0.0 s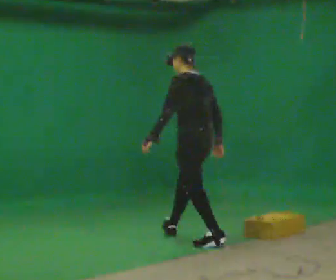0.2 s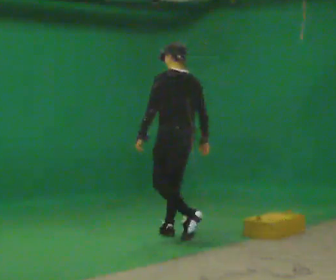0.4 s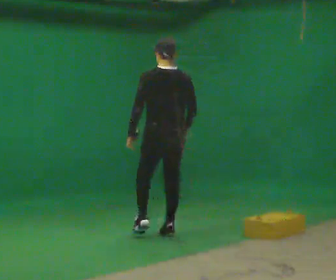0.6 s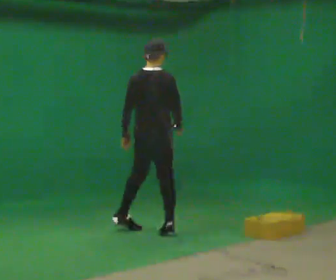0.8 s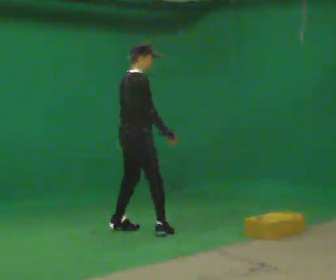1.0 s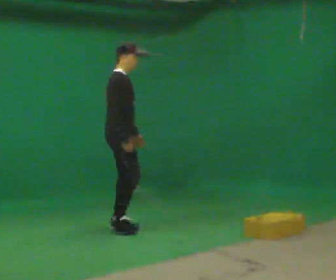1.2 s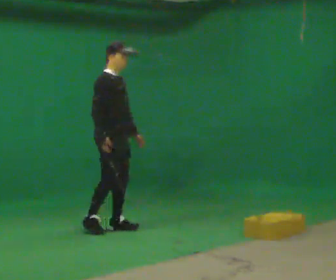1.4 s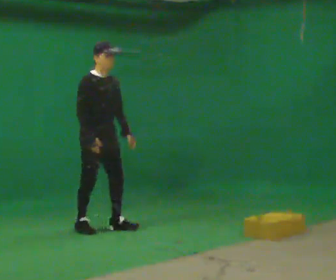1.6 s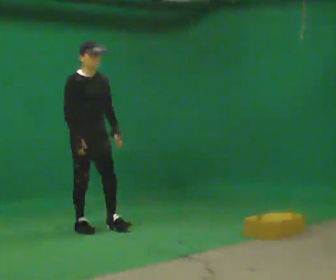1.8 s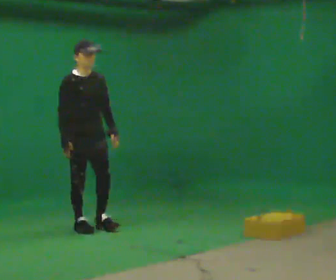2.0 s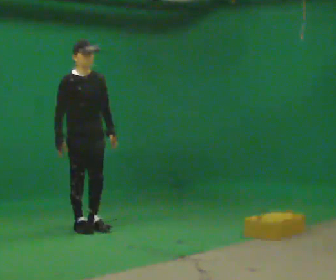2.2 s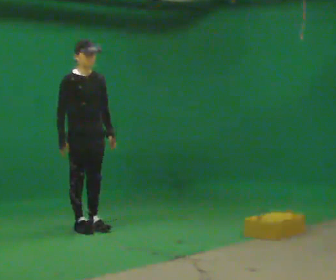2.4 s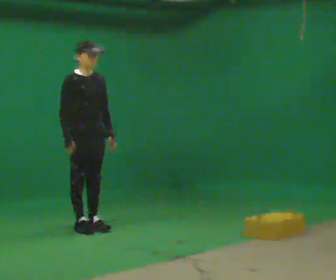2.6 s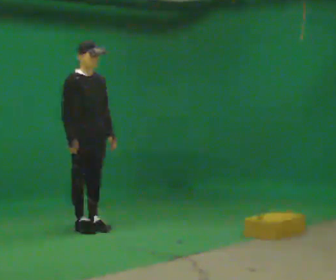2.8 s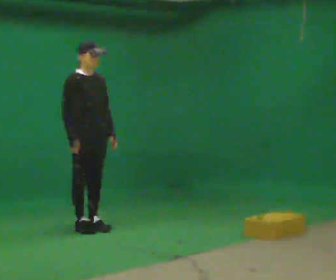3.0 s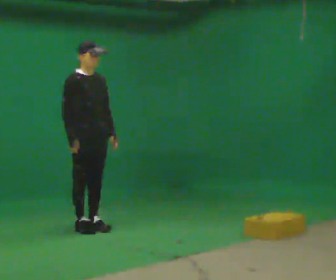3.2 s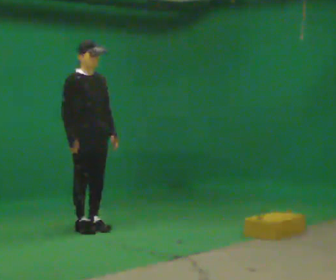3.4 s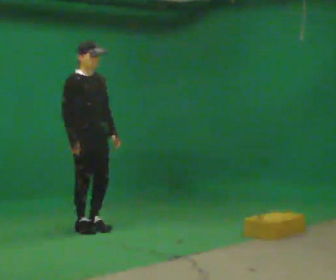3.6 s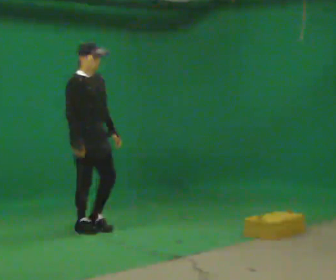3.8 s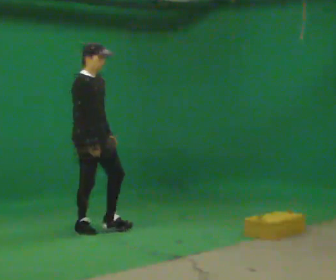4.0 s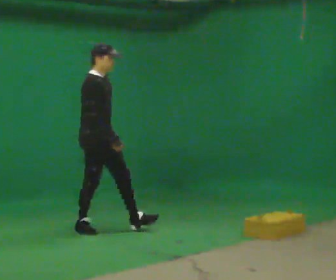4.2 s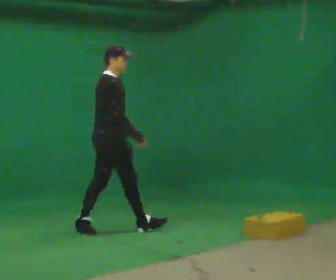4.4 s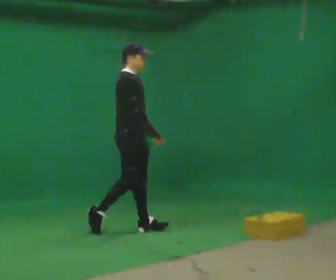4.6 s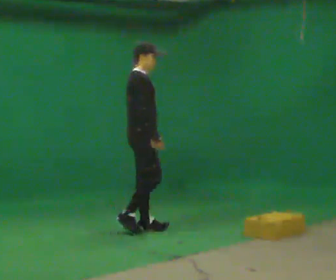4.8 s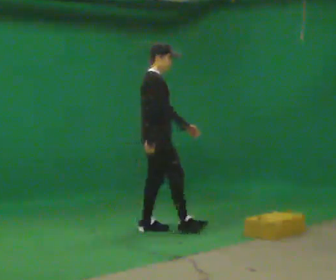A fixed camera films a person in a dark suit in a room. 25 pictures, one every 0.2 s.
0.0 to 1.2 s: The part of the body nearest the lens slides to the left as the person turns to their right by about 165 degrees. In the picture they go to the left and away from the camera, about 1 m in 2 steps. The upper body tips toward the camera, its near side rolling downward.
1.2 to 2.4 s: In the picture they go to the left, about 0.25 m in 2 steps, which for them is to their right.
2.4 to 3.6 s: The person moves a little, or ends about where they began.
3.6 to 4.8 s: The part of the body nearest the lens slides to the right as the person turns to their left by about 30 degrees. In the picture they go to the right, about 0.75 m in 1 step, which for them is forward.
The film runs forward here.
